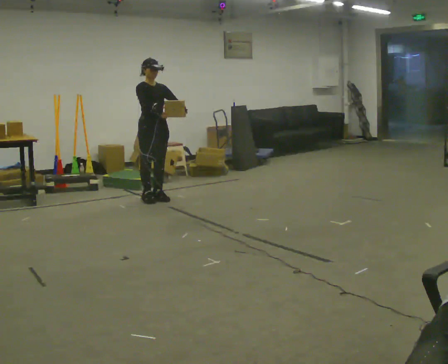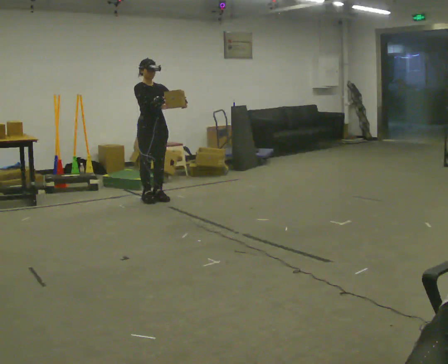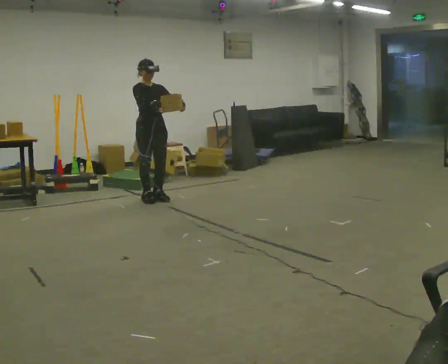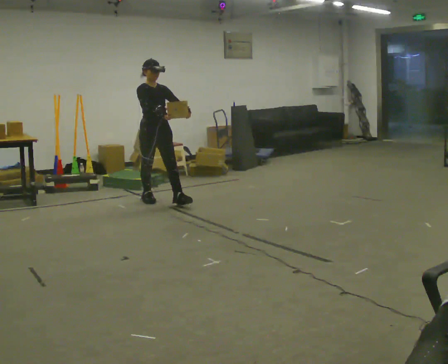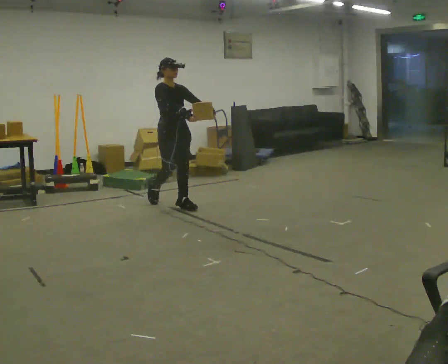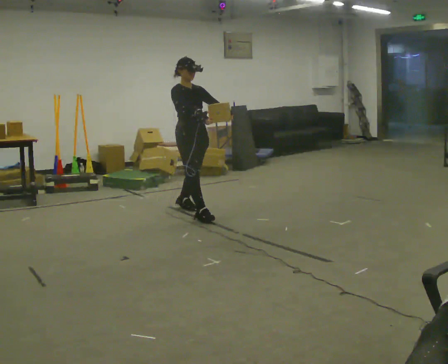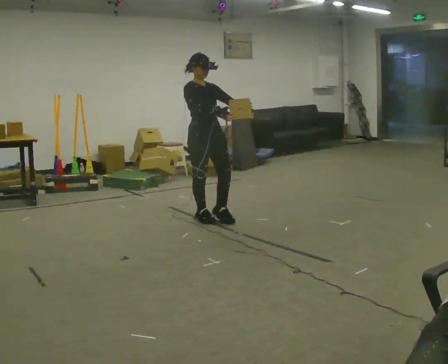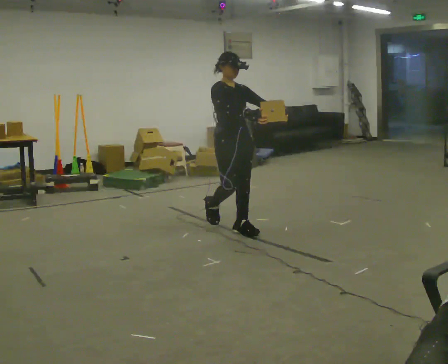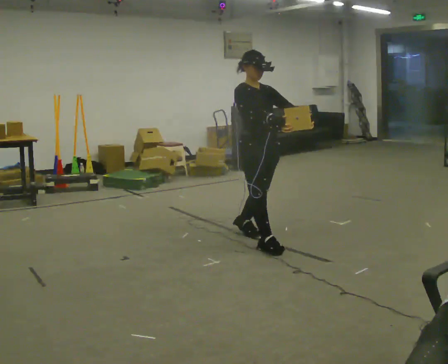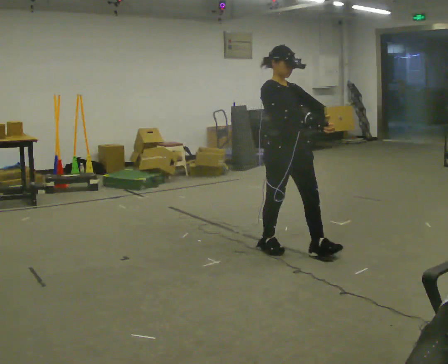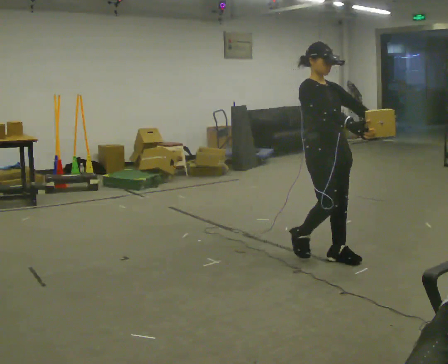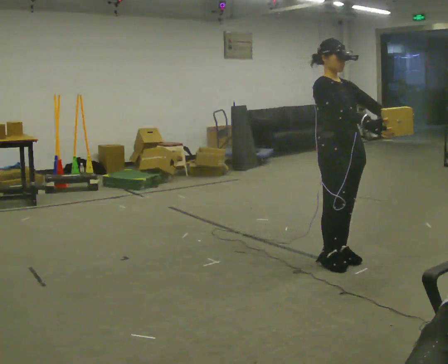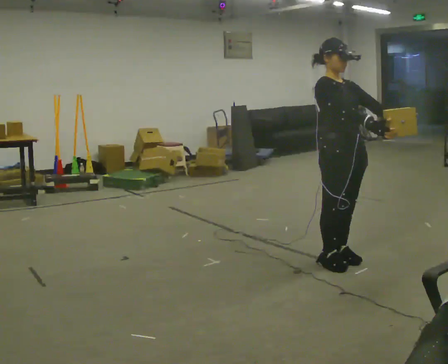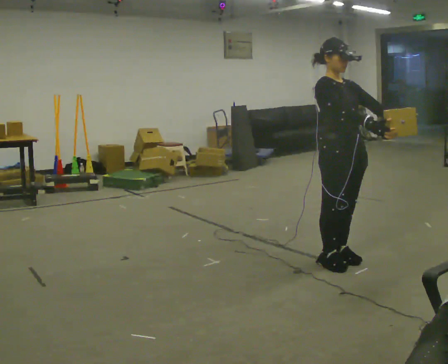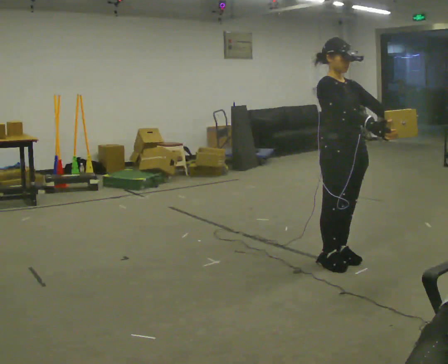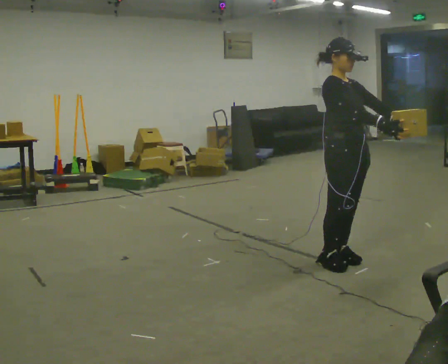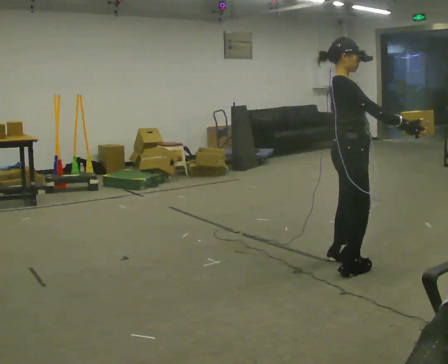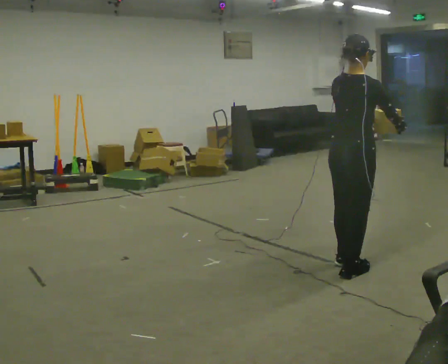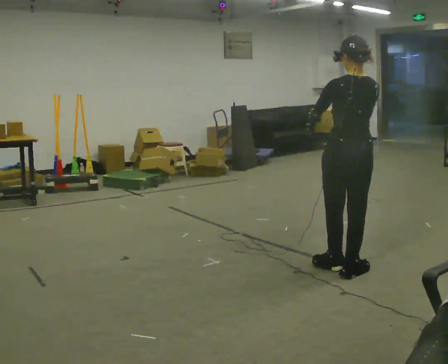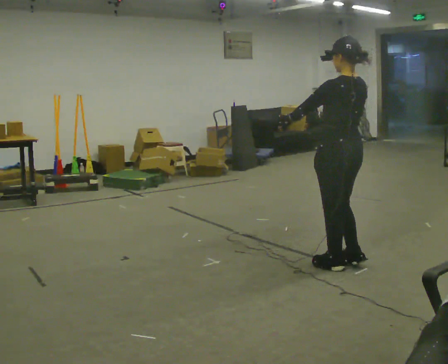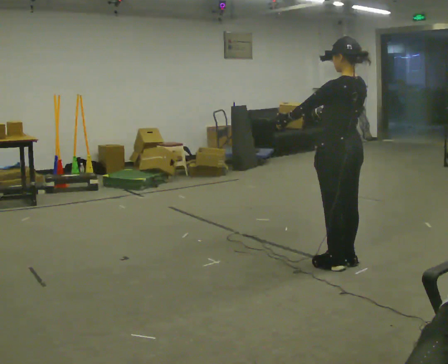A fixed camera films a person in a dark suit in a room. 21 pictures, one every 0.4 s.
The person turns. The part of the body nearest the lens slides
to the right.
The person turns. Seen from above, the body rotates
counterclockwise.
0.0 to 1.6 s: In the picture they go to the right and toward the camera, about 0.5 m in 1 step, which for them is forward.
1.6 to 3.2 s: In the picture they go toward the camera and to the right, about 1.5 m in 3 steps, which for them is forward.
3.2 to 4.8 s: In the picture they go to the right and toward the camera, about 1 m in 2 steps, which for them is forward.
4.8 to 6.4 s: The person turns about 45 degrees to their left, counterclockwise seen from above, so the part of the body nearest the lens slides to the right.
6.4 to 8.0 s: The part of the body nearest the lens slides to the right as the person turns to their left by about 135 degrees. In the picture their left hand goes to the left.
The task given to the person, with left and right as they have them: Carry the light box in both hands in front of you, walking back and forth across the room. Keep walking until the operator says stop.
The film runs forward here.
